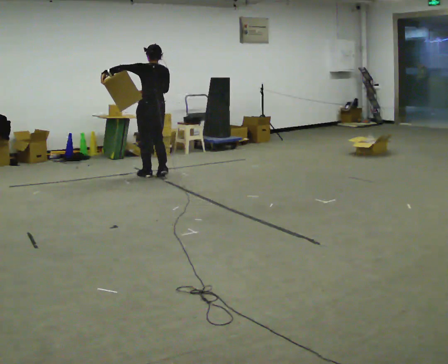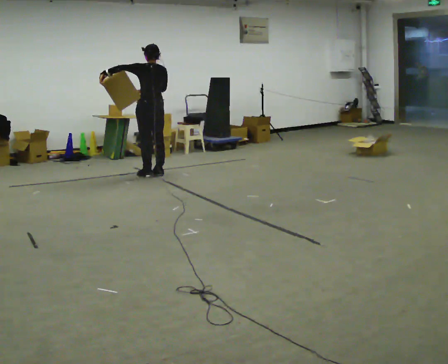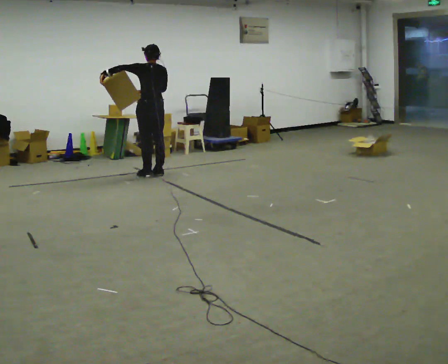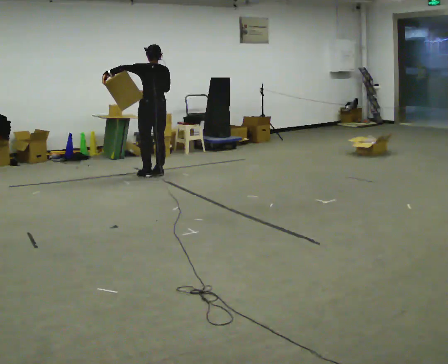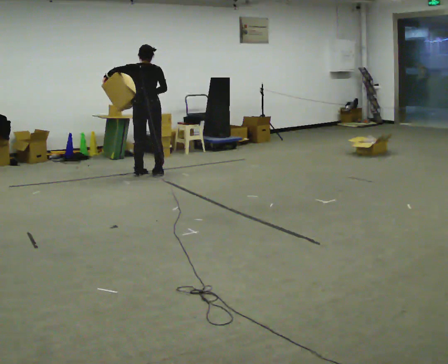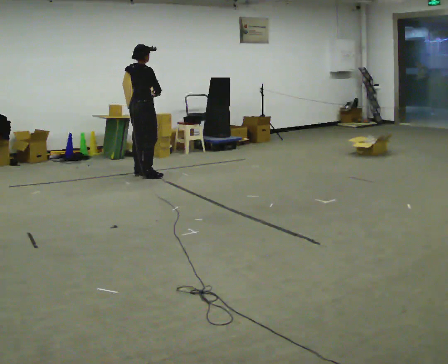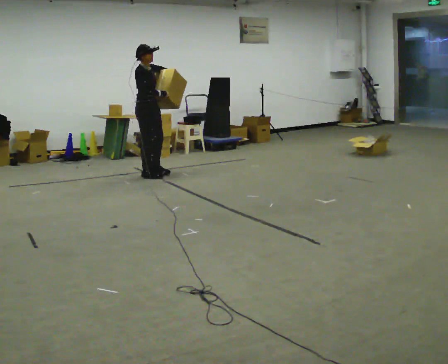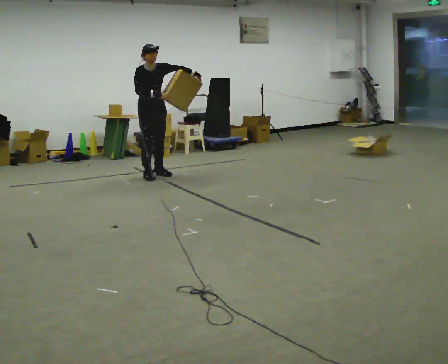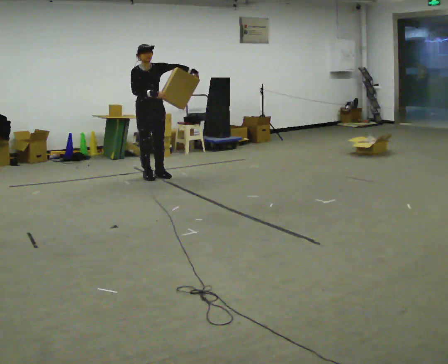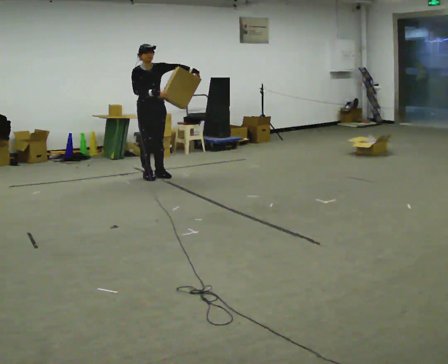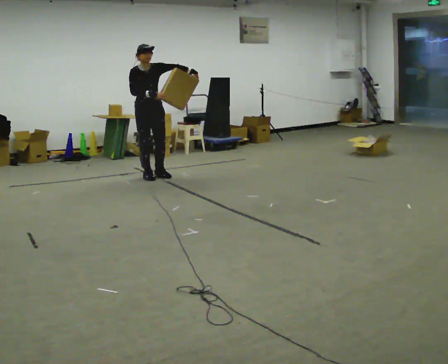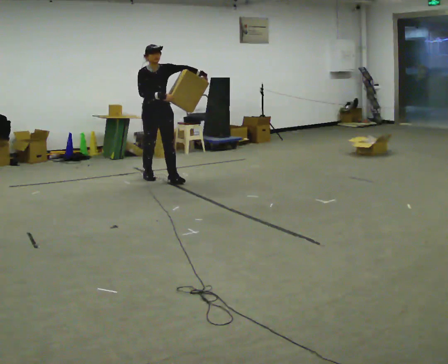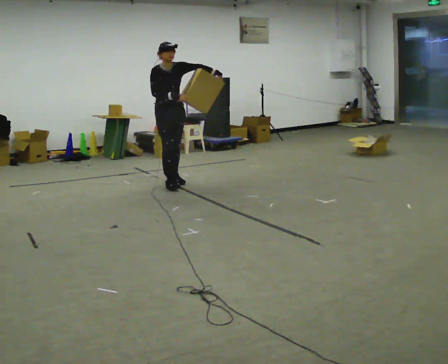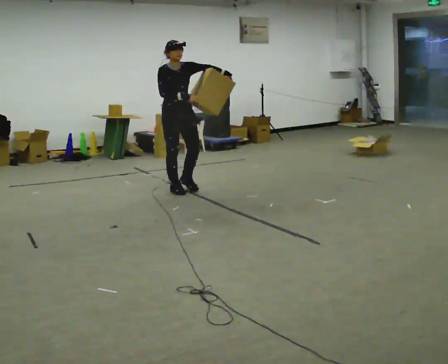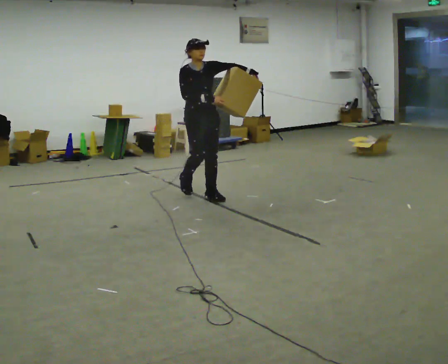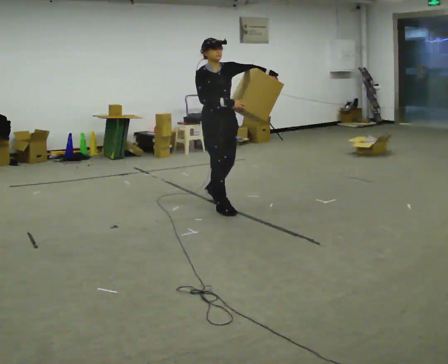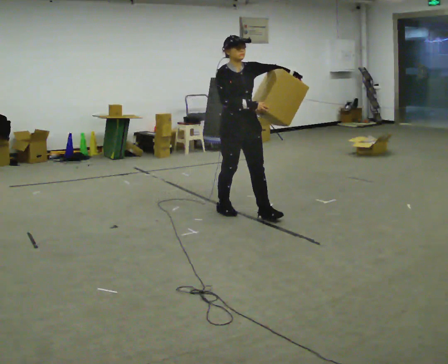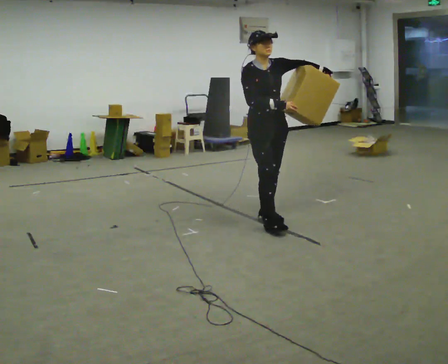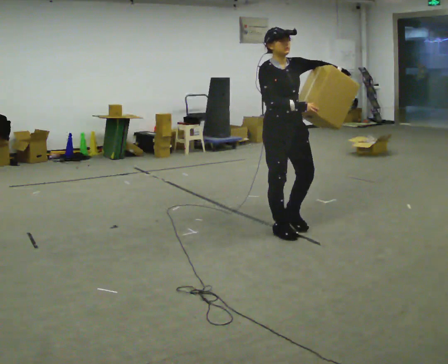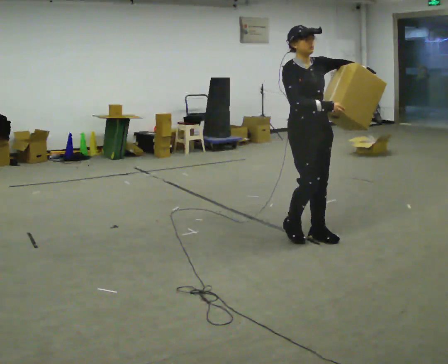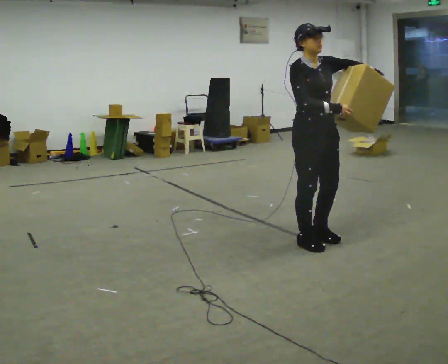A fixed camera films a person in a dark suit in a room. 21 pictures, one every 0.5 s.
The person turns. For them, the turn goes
to their right.
The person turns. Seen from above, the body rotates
clockwise.
0.0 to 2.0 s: Seen from above the body turns clockwise, about 45 degrees: to their right, with its near side sliding to the left.
2.0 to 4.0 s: The person turns about 135 degrees to their right, clockwise seen from above, so the part of the body nearest the lens slides to the left. In the picture their left hand goes to the right.
4.0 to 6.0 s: In the picture they go toward the camera and to the right, about 0.5 m in 1 step, which for them is forward.
6.0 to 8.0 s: In the picture they go toward the camera and to the right, about 1.5 m in 4 steps, which for them is forward.
8.0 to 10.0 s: In the picture they go toward the camera and to the right, about 1 m in 3 steps, which for them is forward.
The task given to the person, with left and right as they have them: Hold the object against your hip on the side the operator calls, and carry it back and forth across the room.
The film runs forward here.
